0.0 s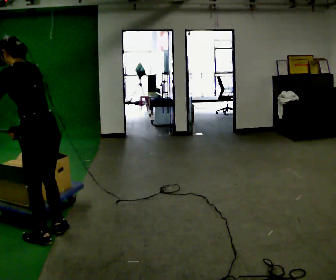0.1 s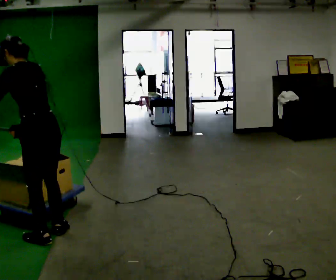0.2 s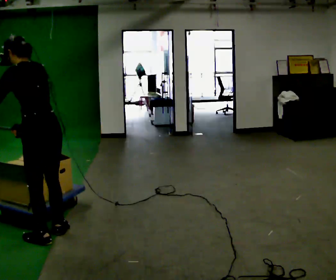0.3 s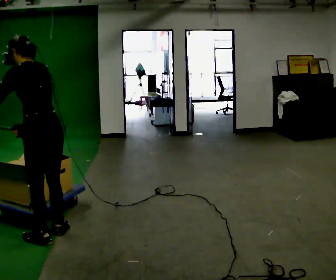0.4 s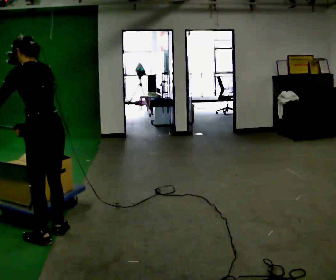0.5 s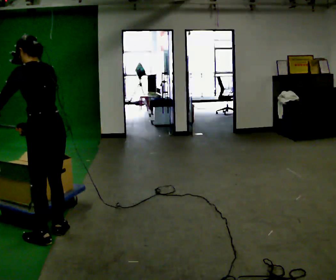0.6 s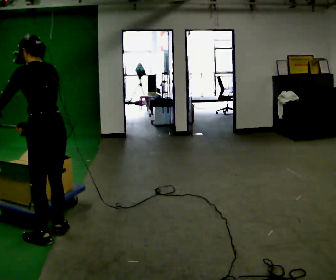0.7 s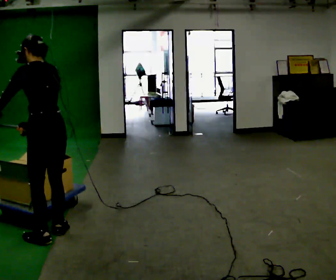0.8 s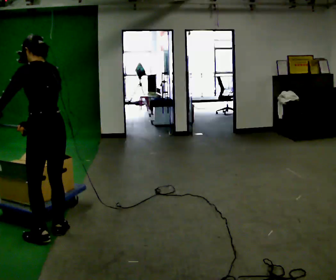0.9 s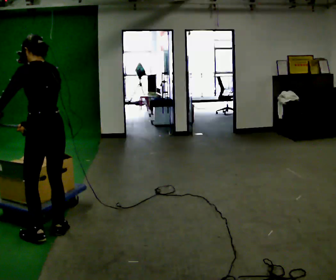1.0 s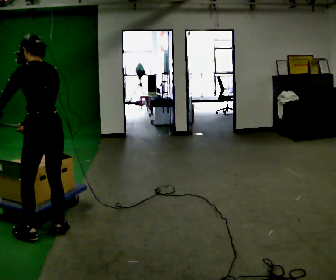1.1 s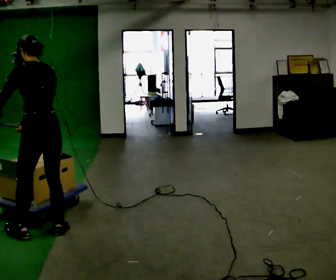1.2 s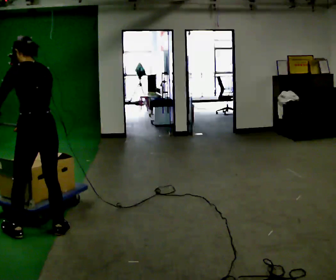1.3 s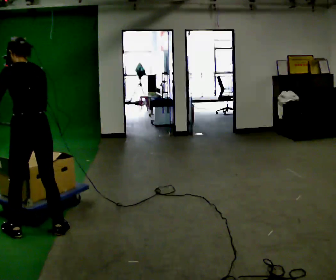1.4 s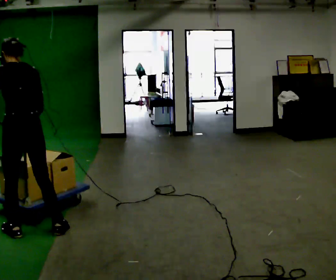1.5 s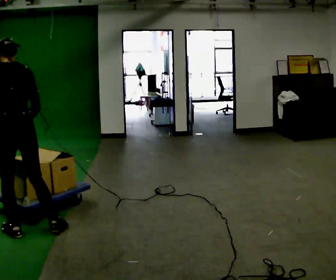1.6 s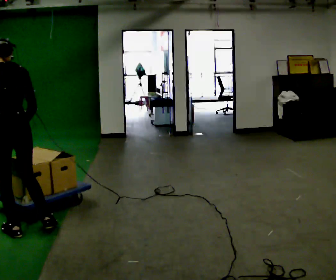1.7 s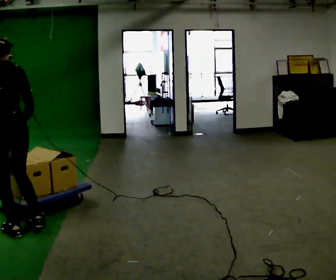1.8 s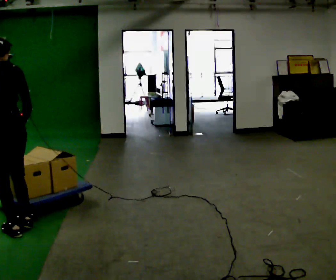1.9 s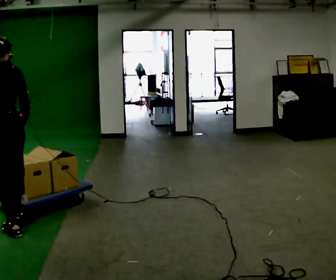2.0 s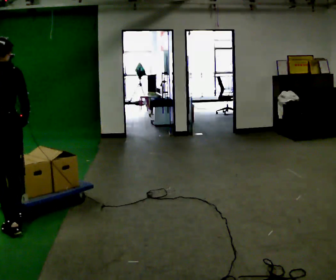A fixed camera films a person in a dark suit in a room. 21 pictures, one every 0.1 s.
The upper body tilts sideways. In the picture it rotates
clockwise.
0.0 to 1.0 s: In the picture the upper body tilts clockwise, shoulders to the right.
1.0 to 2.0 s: In the picture they go to the left, about 0.25 m in 2 steps, which for them is to their left and forward.
The film runs forward here.
